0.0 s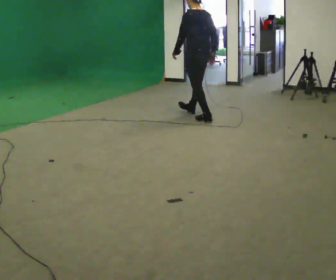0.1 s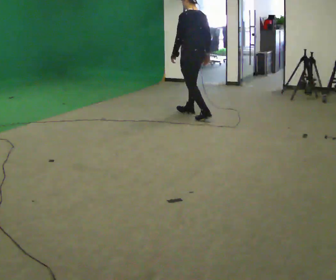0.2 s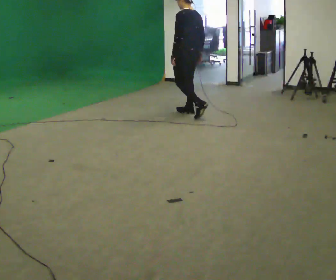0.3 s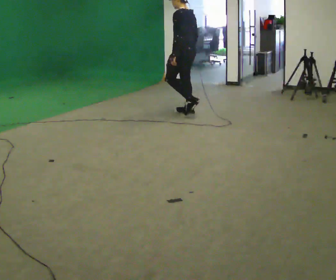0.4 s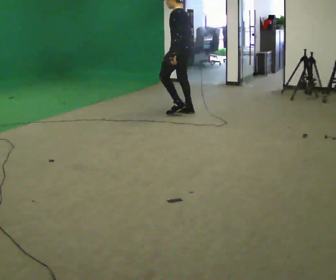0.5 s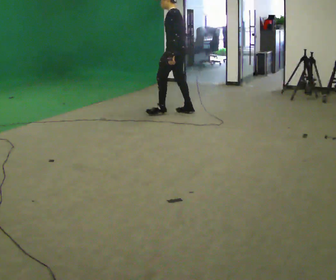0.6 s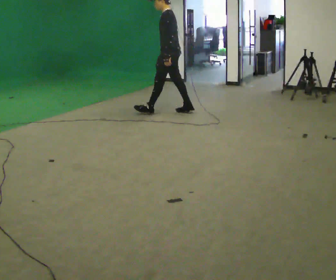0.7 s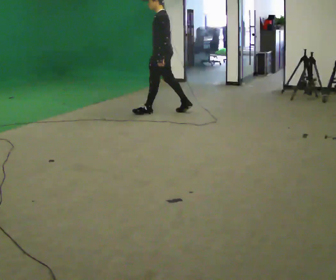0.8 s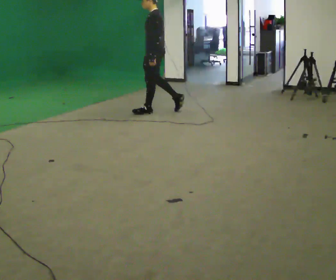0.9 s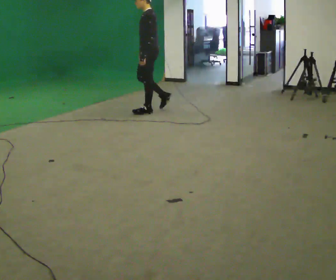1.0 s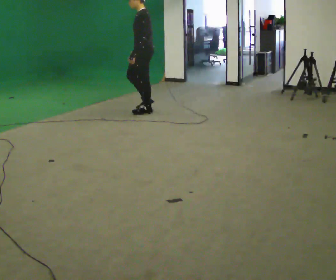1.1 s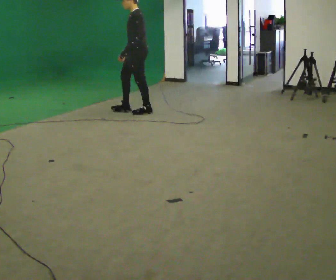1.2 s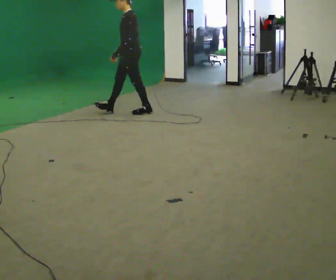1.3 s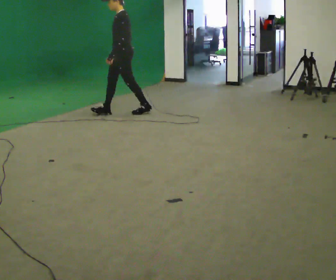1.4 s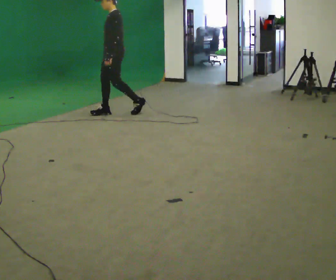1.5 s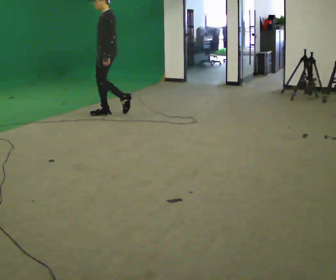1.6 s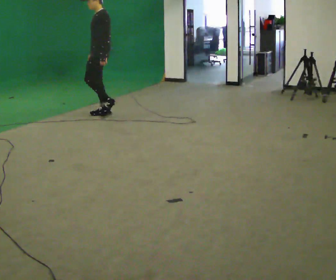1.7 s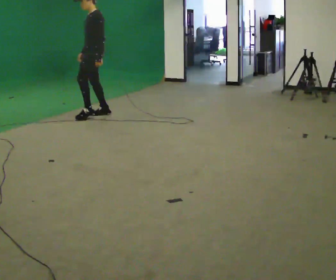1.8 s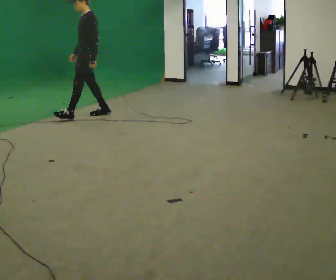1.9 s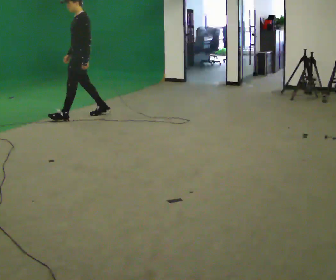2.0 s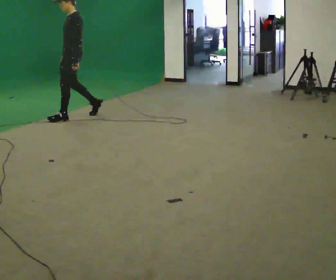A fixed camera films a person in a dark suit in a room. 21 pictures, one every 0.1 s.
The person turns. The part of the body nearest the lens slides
to the right.
The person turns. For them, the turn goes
to their left.
0.0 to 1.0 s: The part of the body nearest the lens slides to the right as the person turns to their left by about 60 degrees. In the picture they go to the left and away from the camera, about 1 m in 2 steps, which for them is forward.
1.0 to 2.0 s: In the picture they go to the left, about 1 m in 2 steps, which for them is forward.
The film runs forward here.
